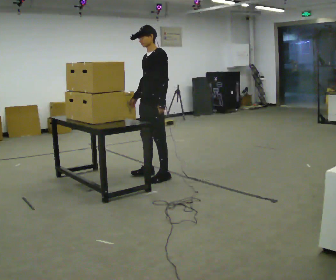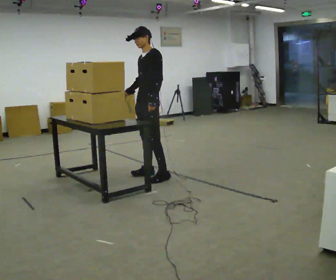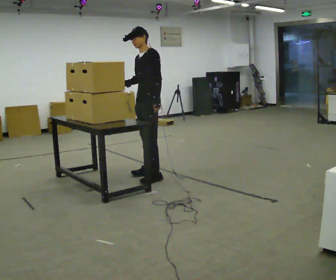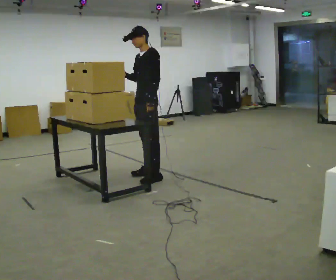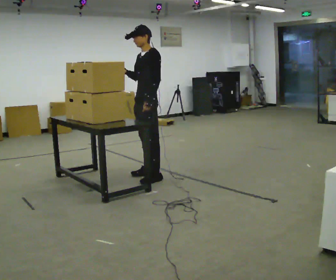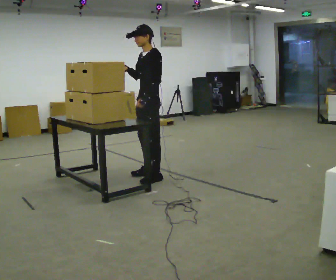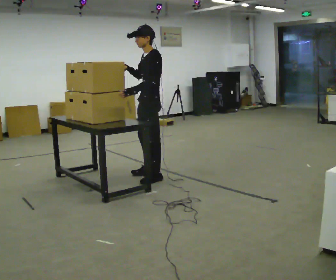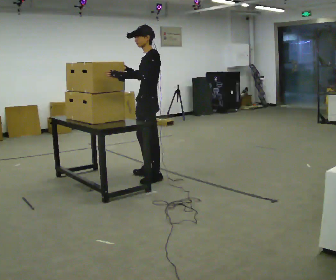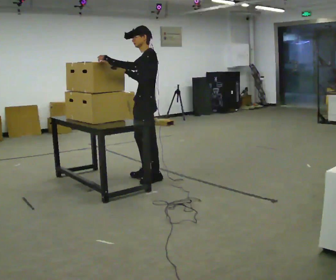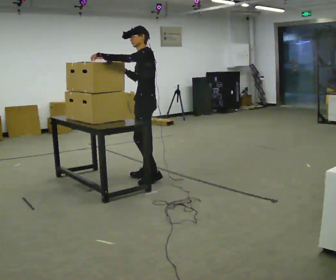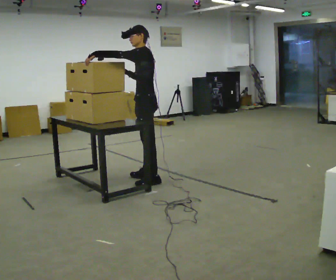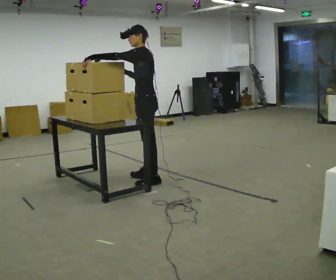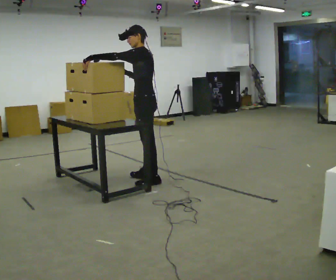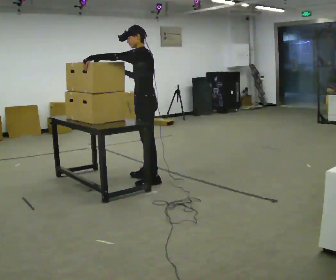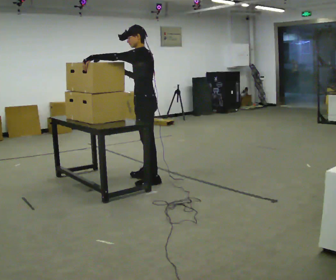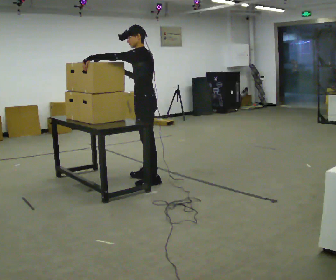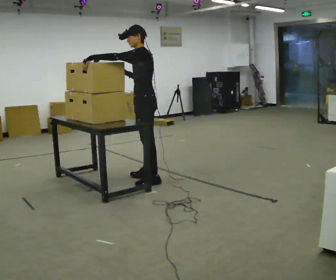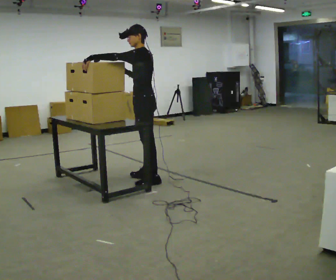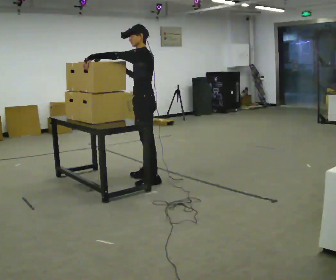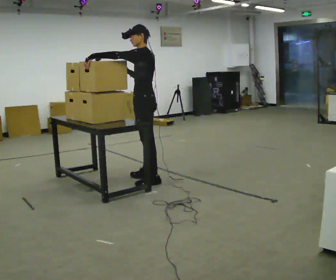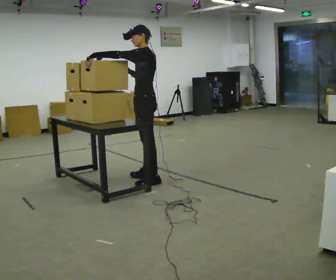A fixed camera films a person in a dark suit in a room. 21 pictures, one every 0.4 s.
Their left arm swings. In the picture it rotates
clockwise.
Their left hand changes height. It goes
upward.
0.0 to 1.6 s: The person moves a little, or ends about where they began.
1.6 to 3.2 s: In the picture their left hand goes upward and to the left, the arm swinging clockwise.
3.2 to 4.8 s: The person moves a little, or ends about where they began.
4.8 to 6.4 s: The person keeps their place and pose.
6.4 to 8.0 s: The person moves a little, or ends about where they began.
The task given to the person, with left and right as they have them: Carry the fragile object across the room and set it down as gently as you can. Keep going until the operator says stop; one object at a time, and do not rush between trips.
The film runs forward here.
